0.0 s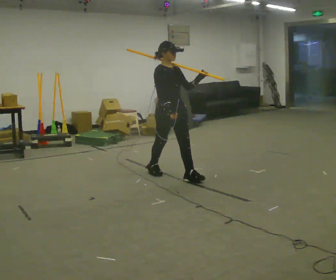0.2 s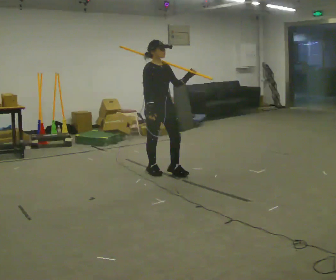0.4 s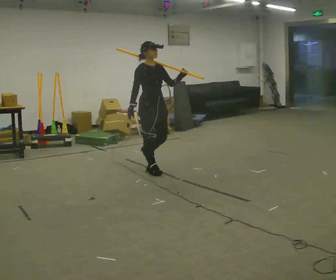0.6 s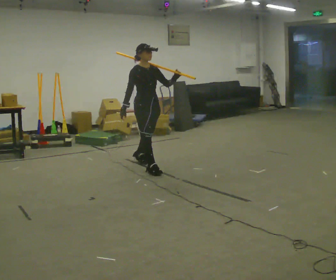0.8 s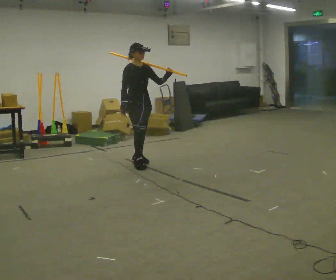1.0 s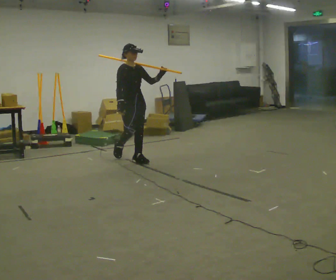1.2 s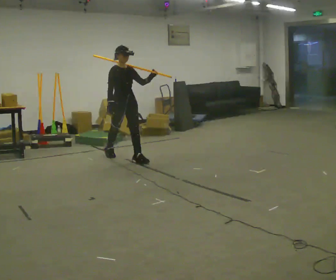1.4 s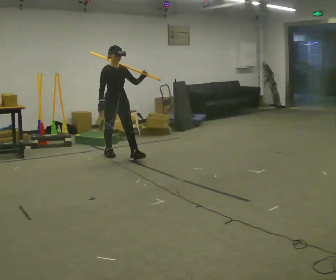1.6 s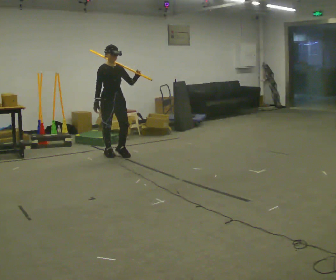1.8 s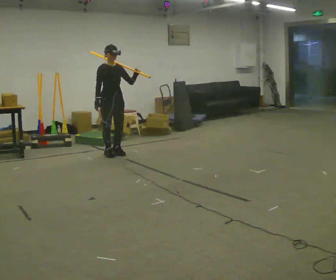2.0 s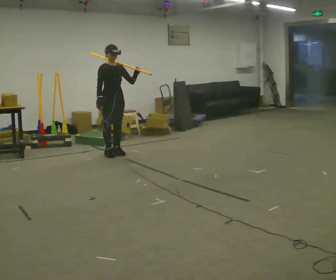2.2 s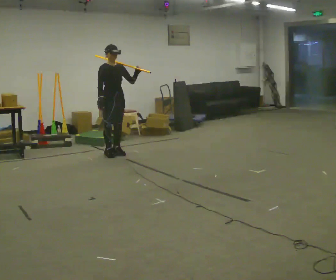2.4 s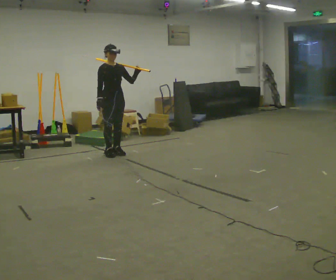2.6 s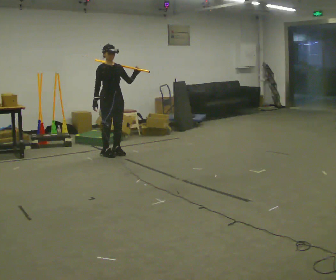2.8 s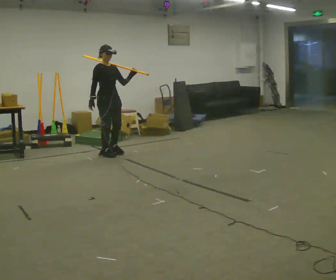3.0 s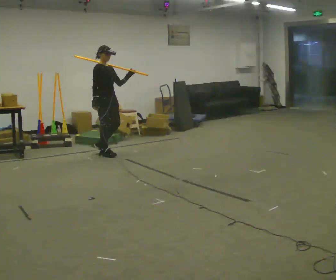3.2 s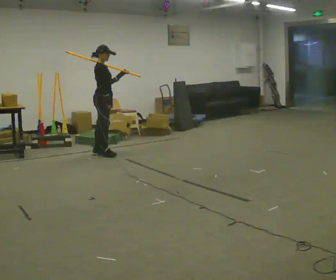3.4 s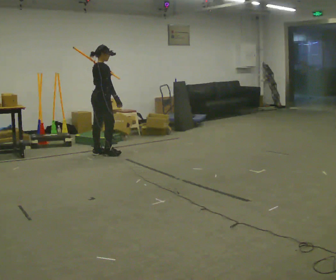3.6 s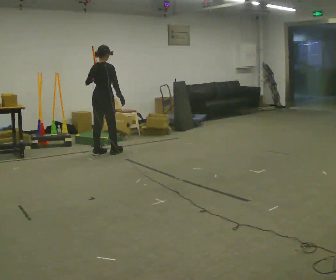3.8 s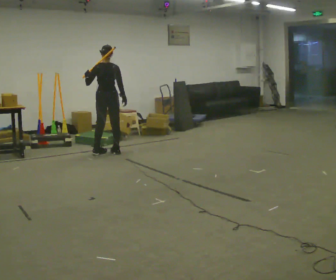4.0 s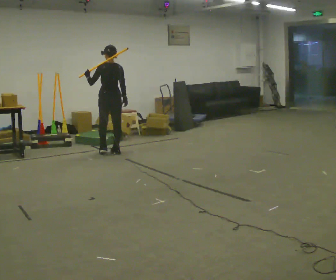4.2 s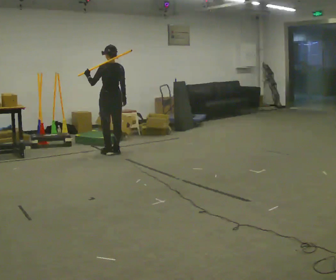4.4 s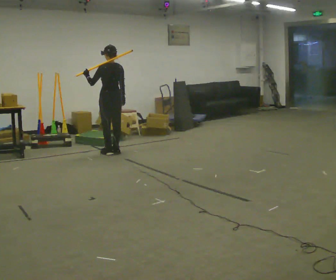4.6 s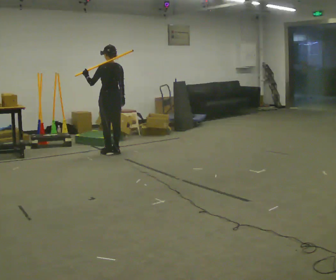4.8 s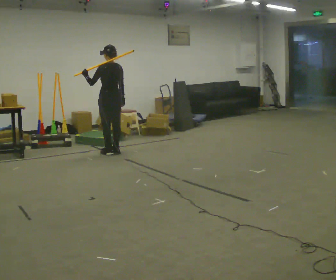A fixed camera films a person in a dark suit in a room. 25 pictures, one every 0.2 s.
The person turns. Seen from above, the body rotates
counterclockwise.
The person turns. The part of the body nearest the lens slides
to the right.
0.0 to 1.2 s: In the picture they go away from the camera and to the left, about 1 m in 2 steps, which for them is backward.
1.2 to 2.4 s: In the picture they go away from the camera and to the left, about 0.25 m in 1 step, which for them is backward.
2.4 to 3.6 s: The person turns about 120 degrees to their left, counterclockwise seen from above, so the part of the body nearest the lens slides to the right. In the picture their left hand goes to the left.
3.6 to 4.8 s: The person turns about 60 degrees to their left, counterclockwise seen from above, so the part of the body nearest the lens slides to the right.
The film runs backward here.
